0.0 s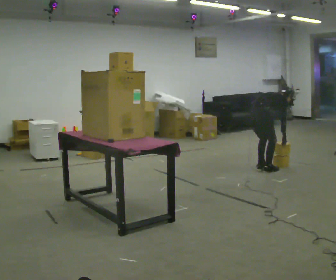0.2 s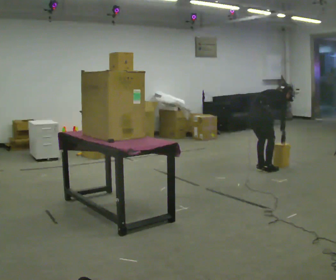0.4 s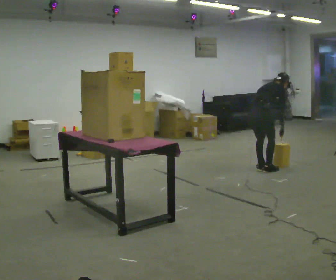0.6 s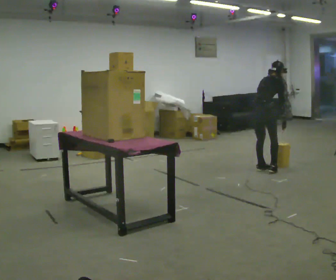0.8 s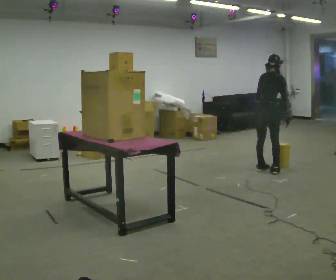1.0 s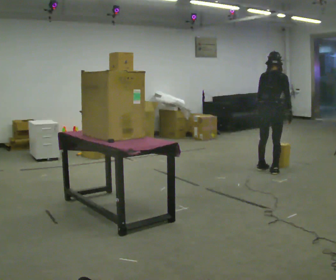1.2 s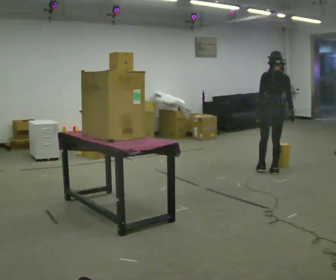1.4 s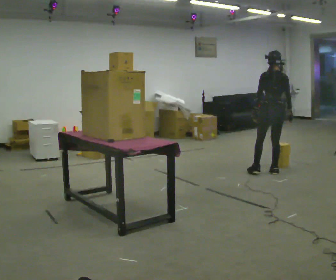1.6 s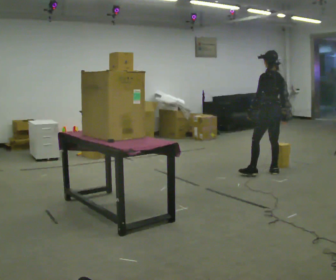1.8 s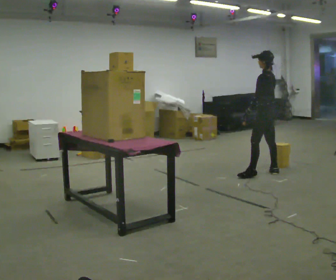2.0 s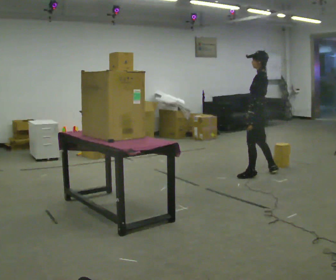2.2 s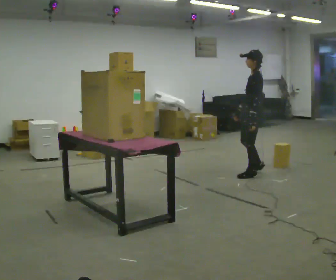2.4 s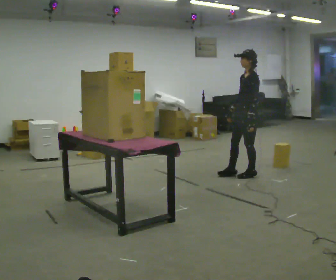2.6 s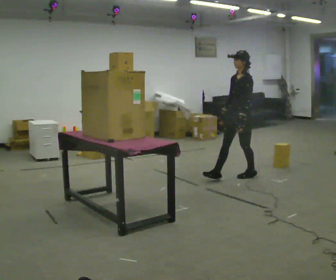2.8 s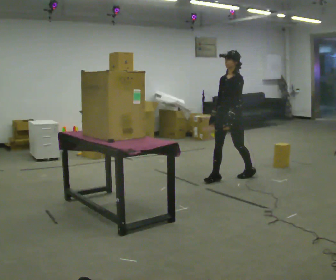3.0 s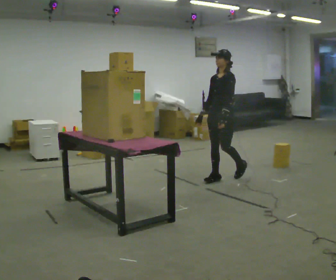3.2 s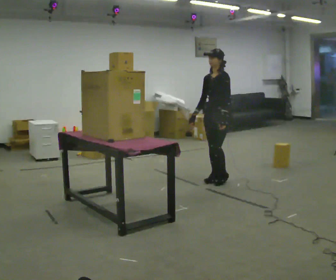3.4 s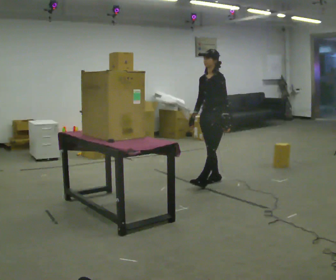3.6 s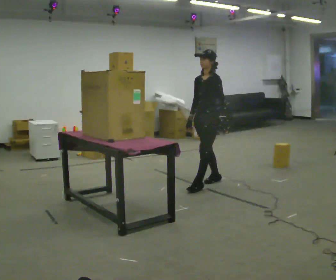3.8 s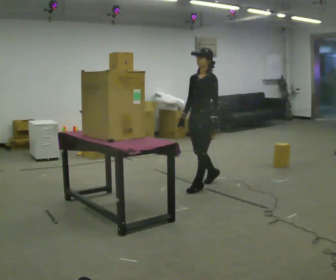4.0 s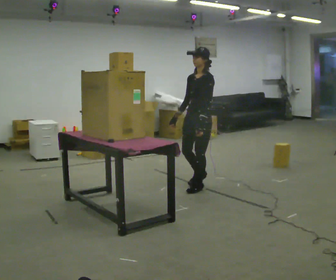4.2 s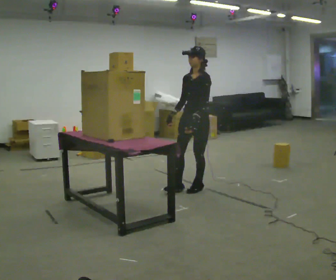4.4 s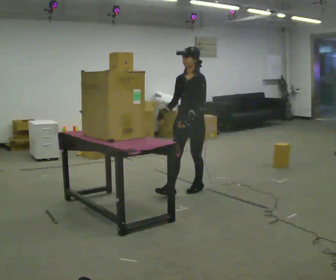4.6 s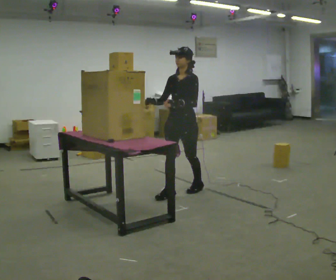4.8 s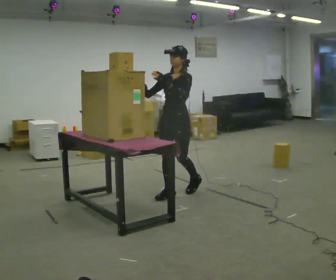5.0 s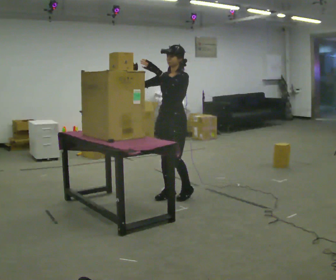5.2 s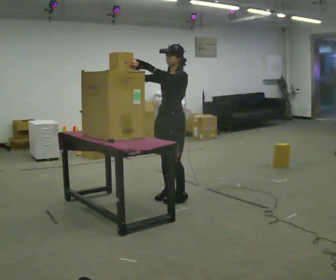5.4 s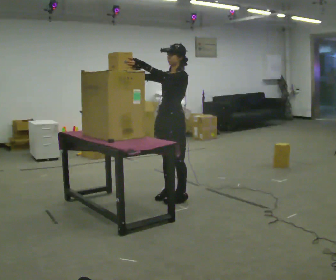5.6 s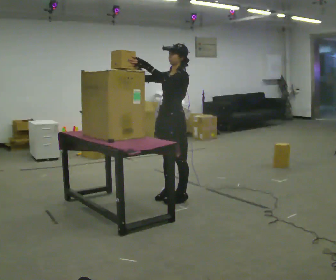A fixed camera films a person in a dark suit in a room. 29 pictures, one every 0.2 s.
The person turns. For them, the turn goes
to their left.
Their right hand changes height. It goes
upward.
0.0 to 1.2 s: Seen from above the body turns counterclockwise, about 45 degrees: to their left, with its near side sliding to the right. In the picture they go to the right, about 0.25 m, which for them is to their right. The shoulders move upward. In the picture the upper body tilts counterclockwise, shoulders to the left, as they lean back or straighten. In the picture their left hand goes upward.
1.2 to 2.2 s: The person turns about 105 degrees to their left, counterclockwise seen from above, so the part of the body nearest the lens slides to the right. In the picture they go to the left and toward the camera, about 0.25 m in 1 step.
2.2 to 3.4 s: The person turns about 45 degrees to their left, counterclockwise seen from above, so the part of the body nearest the lens slides to the right. In the picture they go to the left and toward the camera, about 0.5 m in 1 step, which for them is forward.
3.4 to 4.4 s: In the picture they go toward the camera and to the left, about 0.5 m in 2 steps, which for them is forward and to their left.
4.4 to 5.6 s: In the picture they go toward the camera and to the left, about 0.25 m in 1 step, which for them is forward. In the picture their left hand goes upward.
The film runs forward here.
